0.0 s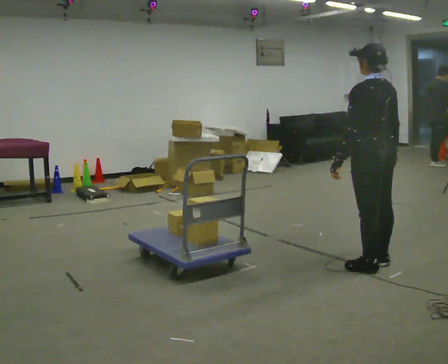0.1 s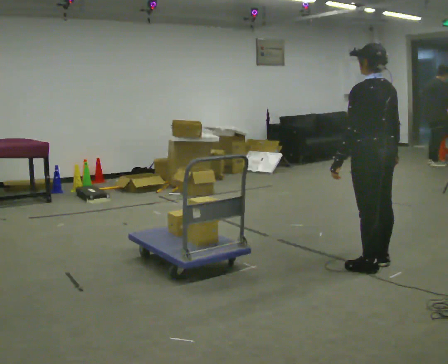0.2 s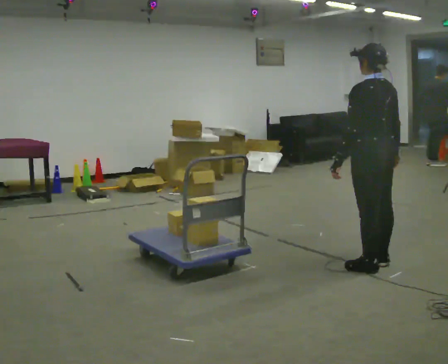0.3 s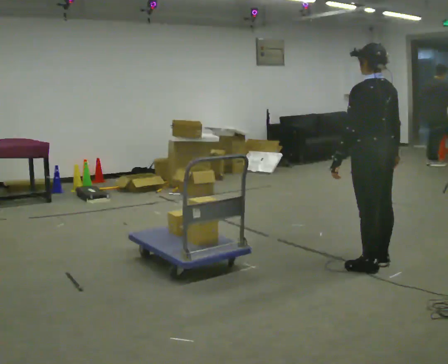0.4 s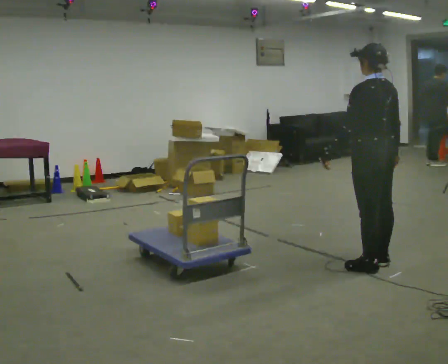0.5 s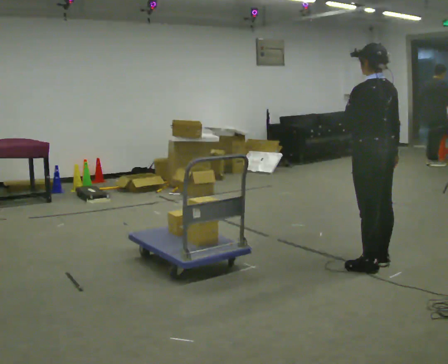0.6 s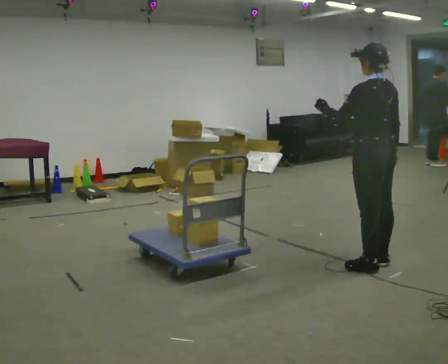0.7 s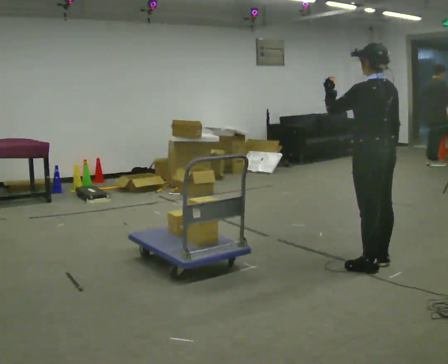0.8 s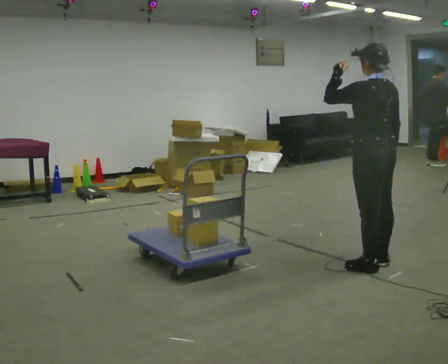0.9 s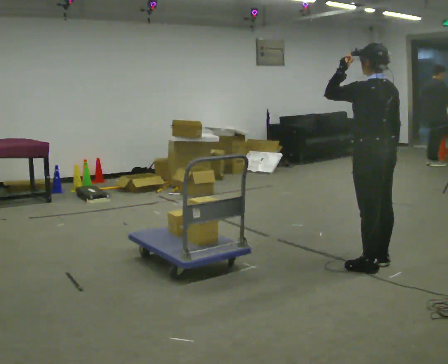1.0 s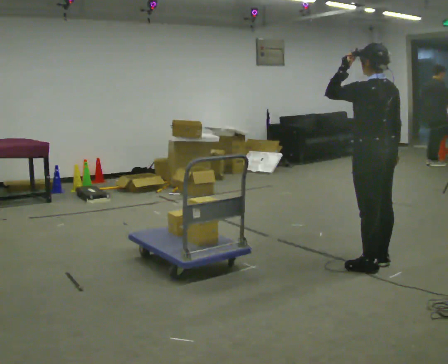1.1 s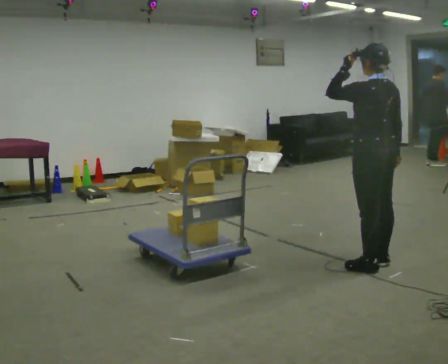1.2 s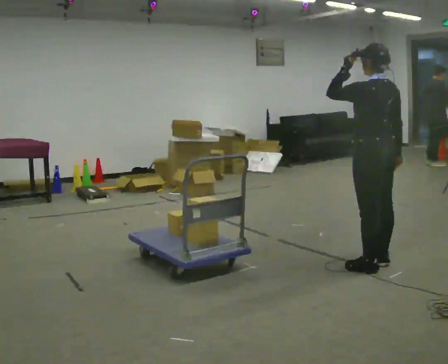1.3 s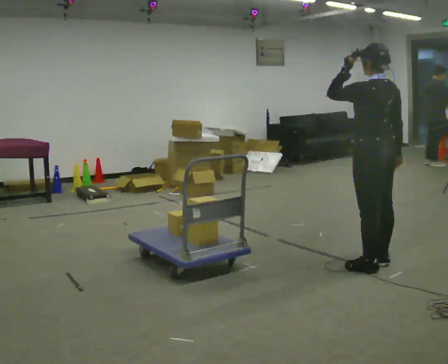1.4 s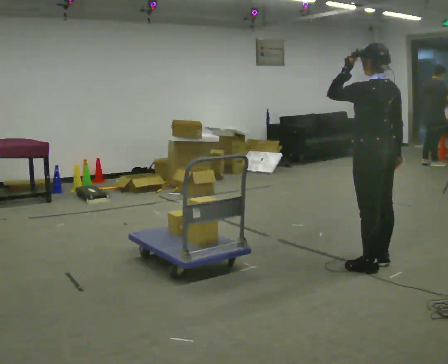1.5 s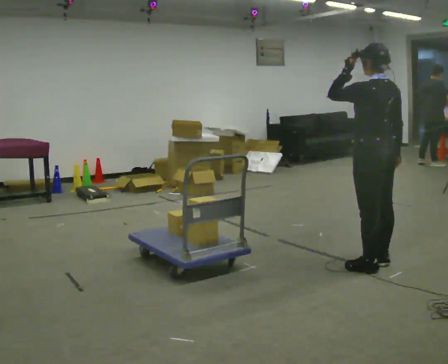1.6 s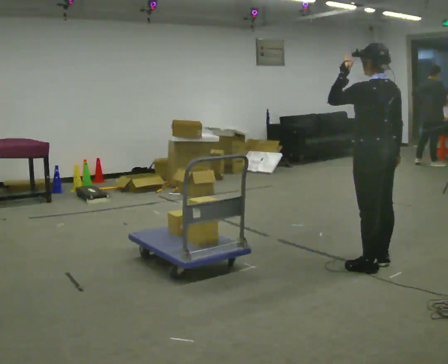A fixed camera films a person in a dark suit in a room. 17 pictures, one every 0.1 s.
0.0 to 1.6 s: In the picture their left hand goes upward.
The film runs forward here.
